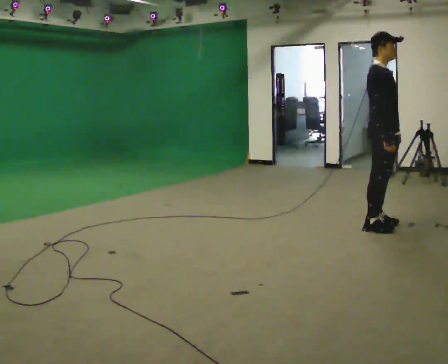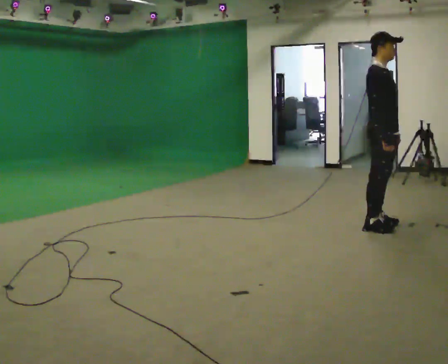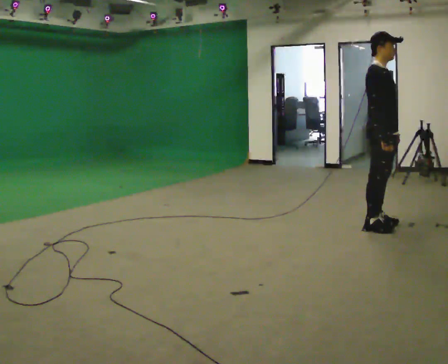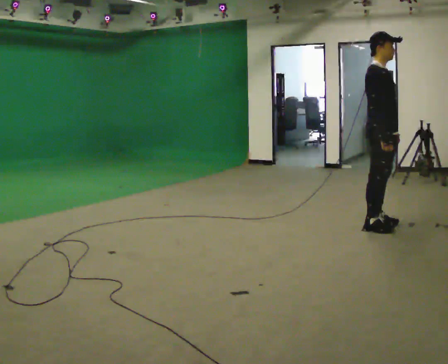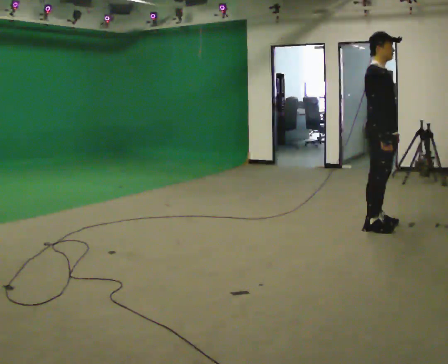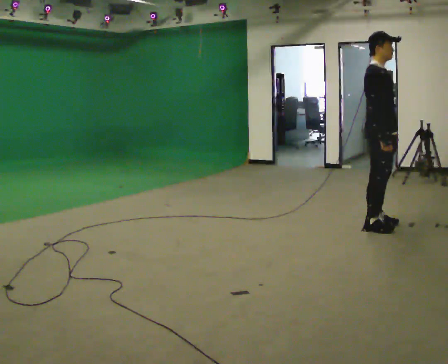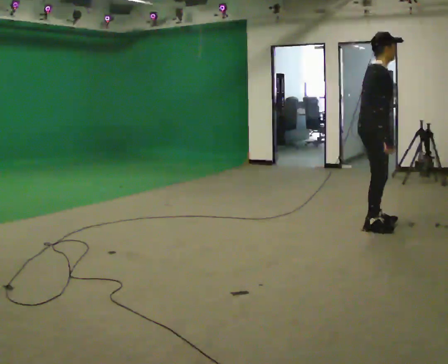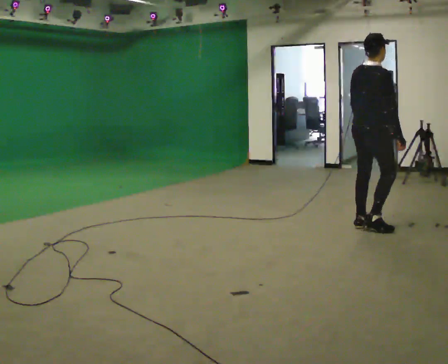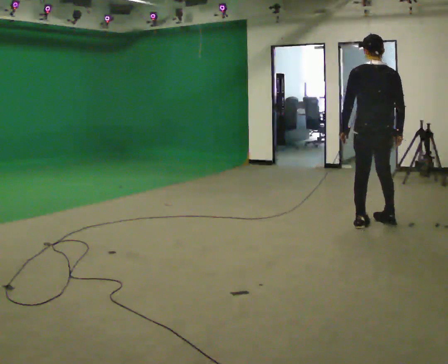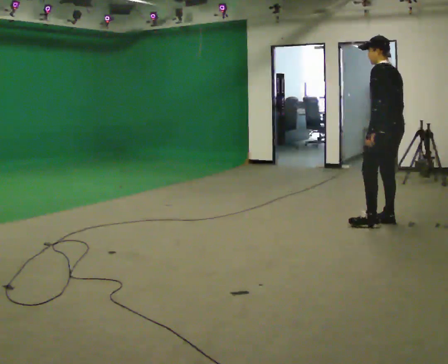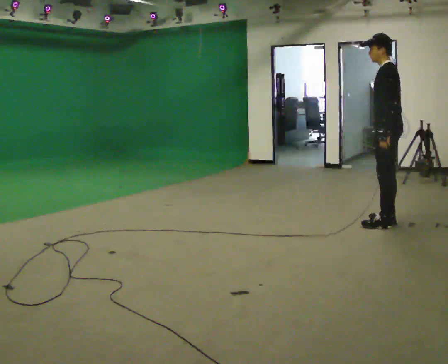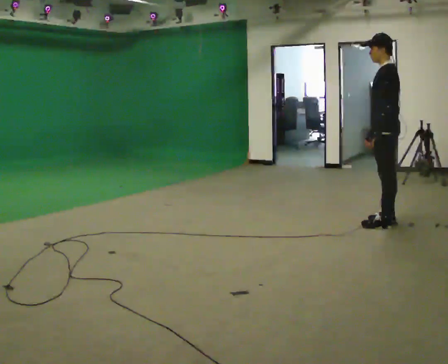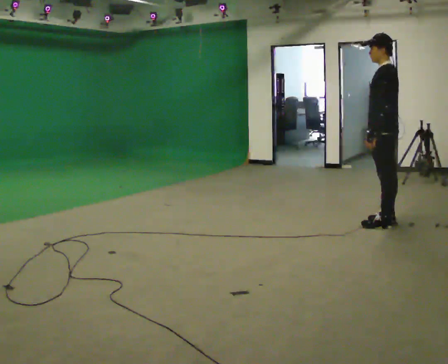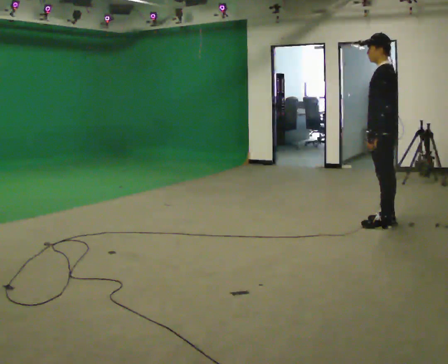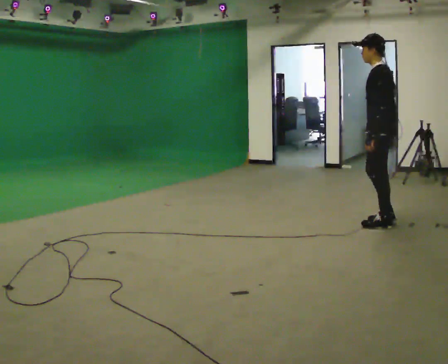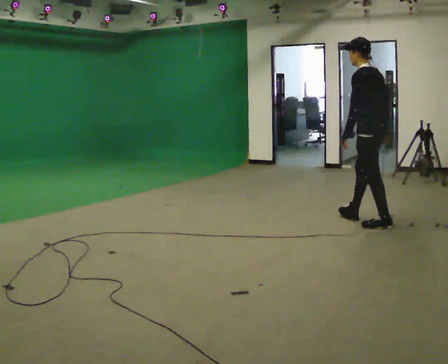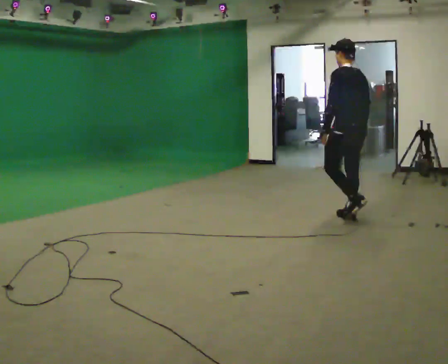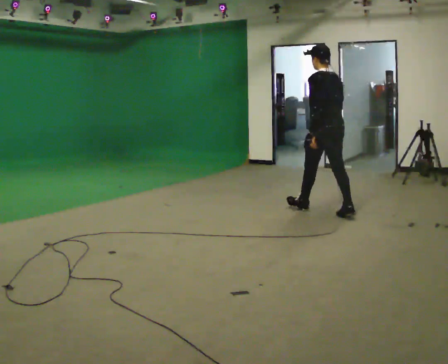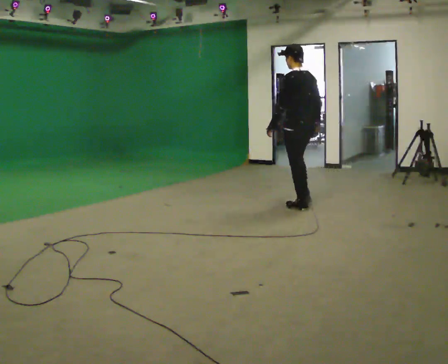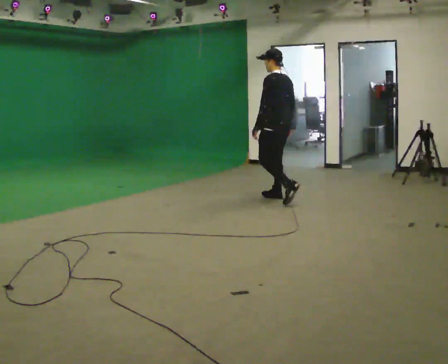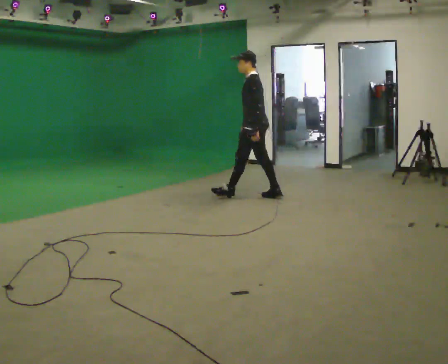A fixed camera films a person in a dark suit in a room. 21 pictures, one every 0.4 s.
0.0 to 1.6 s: The person keeps their place and pose.
1.6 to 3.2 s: The part of the body nearest the lens slides to the right as the person turns to their left by about 120 degrees. In the picture their left hand goes to the left, the arm swinging clockwise.
3.2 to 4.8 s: Seen from above the body turns counterclockwise, about 60 degrees: to their left, with its near side sliding to the right.
4.8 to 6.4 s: Seen from above the body turns clockwise, about 30 degrees: to their right, with its near side sliding to the left. In the picture they go to the left and away from the camera, about 0.5 m in 1 step, which for them is forward and to their right.
6.4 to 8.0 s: The person turns about 45 degrees to their left, counterclockwise seen from above, so the part of the body nearest the lens slides to the right. In the picture they go to the left and away from the camera, about 1.5 m in 2 steps, which for them is forward.
The film runs forward here.
